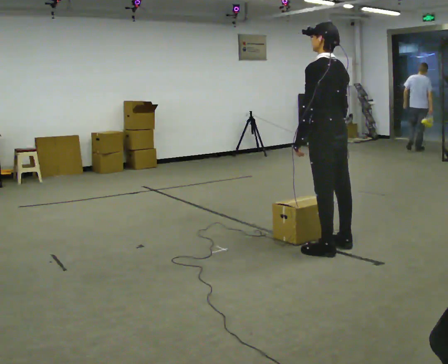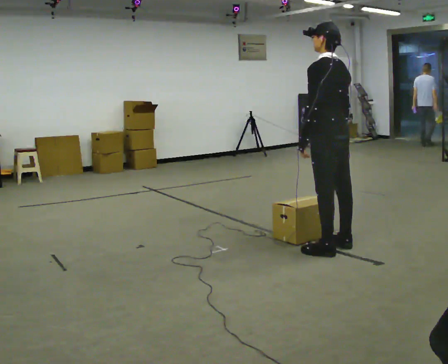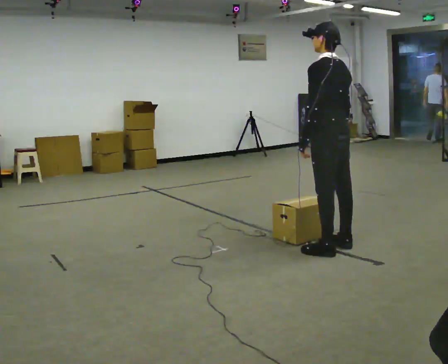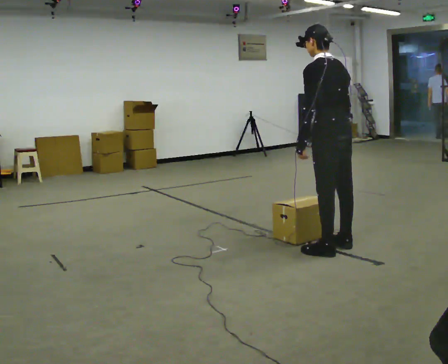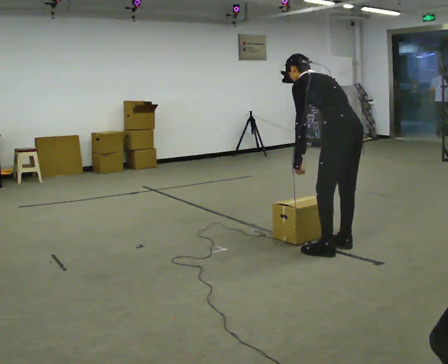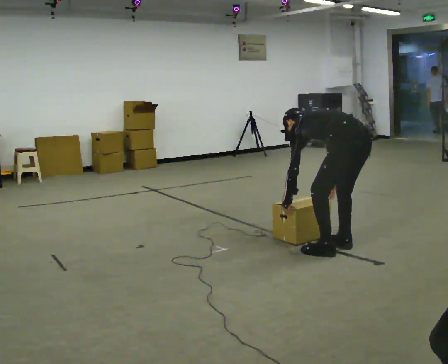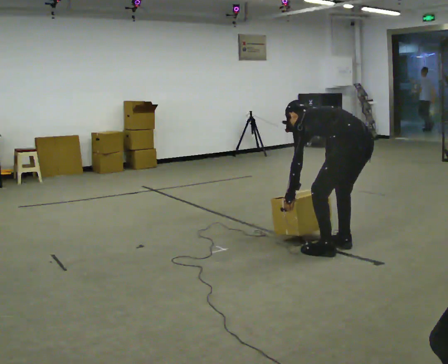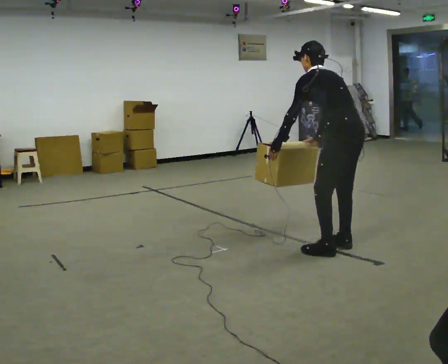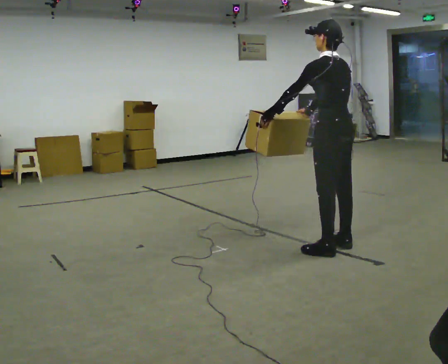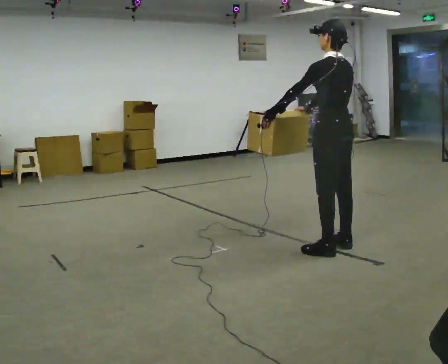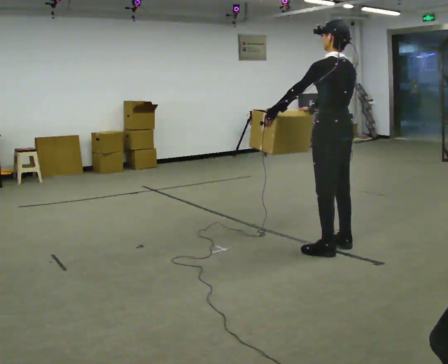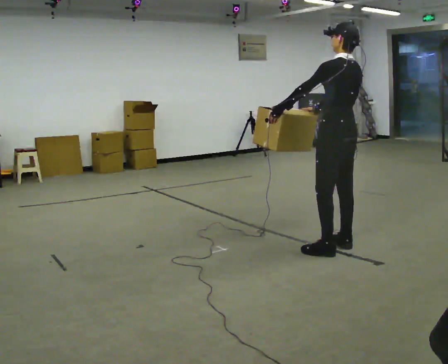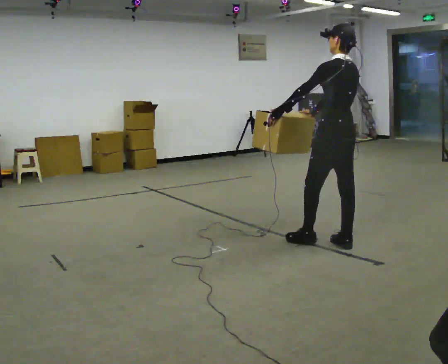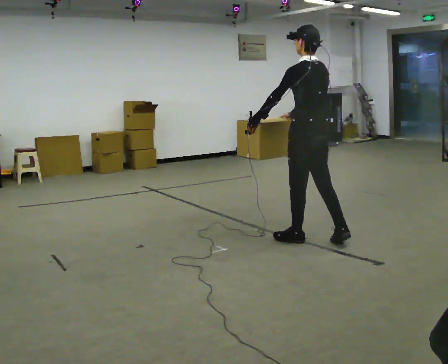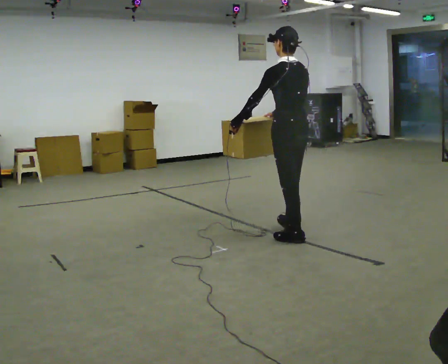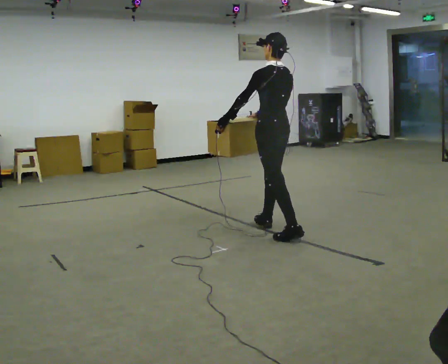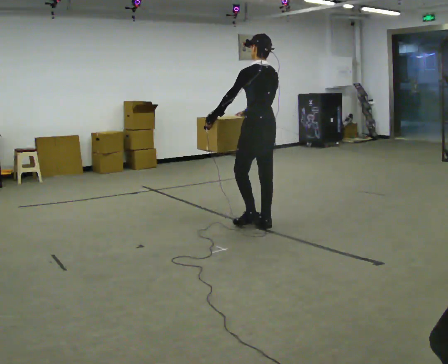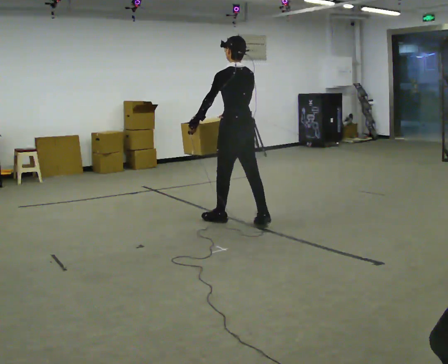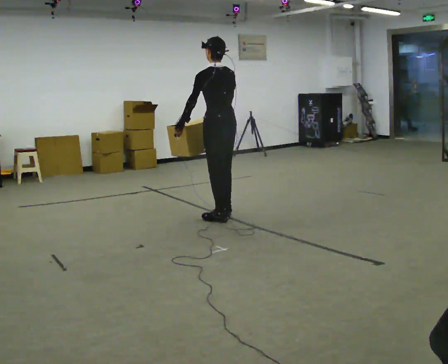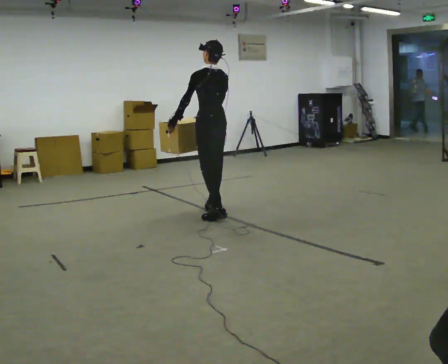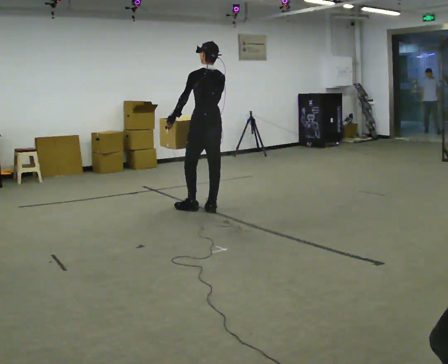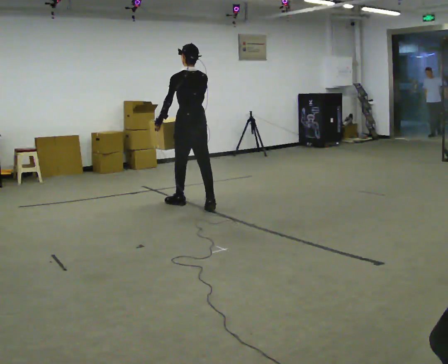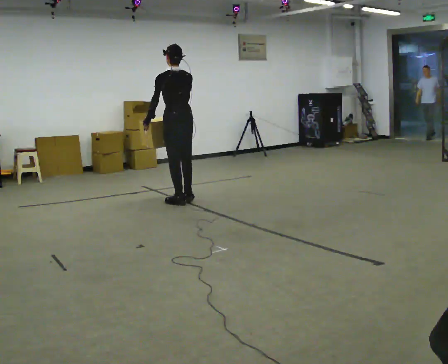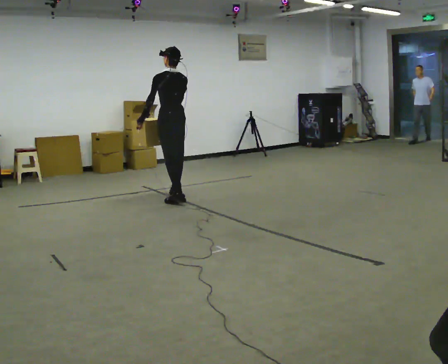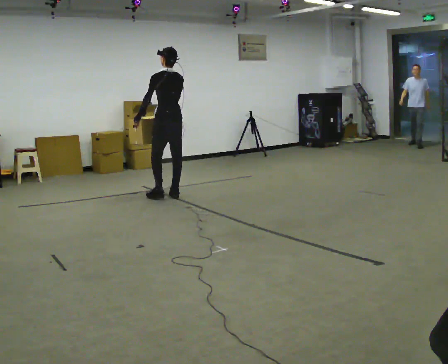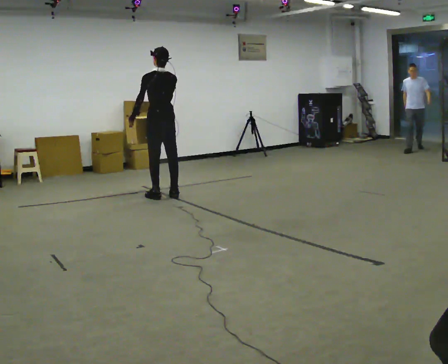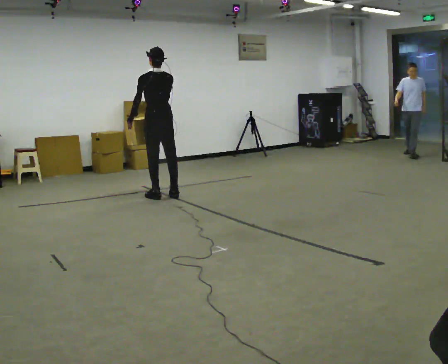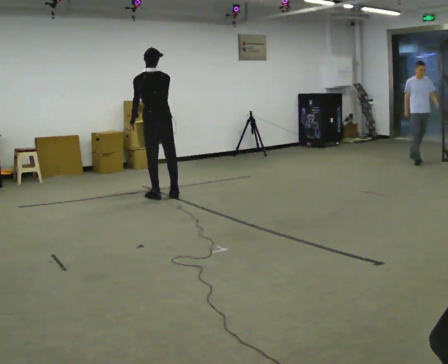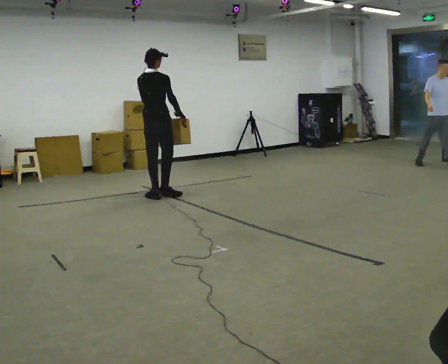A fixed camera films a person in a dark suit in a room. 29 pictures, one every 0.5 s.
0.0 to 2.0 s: The upper body goes downward. The upper body tips away from the camera, its near side rolling upward, as they bend forward.
2.0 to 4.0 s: In the picture their right hand goes upward, the arm swinging clockwise.
4.0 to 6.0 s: In the picture they go away from the camera, about 0.25 m, which for them is to their right.
6.0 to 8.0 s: In the picture they go to the left and away from the camera, about 1 m in 2 steps, which for them is forward.
8.0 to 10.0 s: In the picture they go to the left and away from the camera, about 1 m in 2 steps, which for them is forward.
10.0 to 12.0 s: In the picture they go away from the camera and to the left, about 1 m in 2 steps, which for them is forward.
12.0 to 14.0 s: The part of the body nearest the lens slides to the left as the person turns to their right by about 60 degrees. In the picture they go to the left, about 0.25 m in 2 steps.
The film runs forward here.
